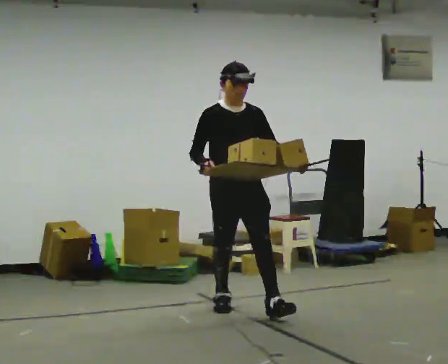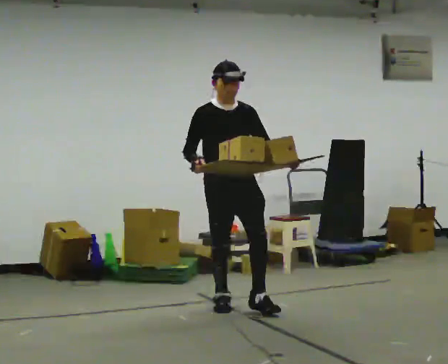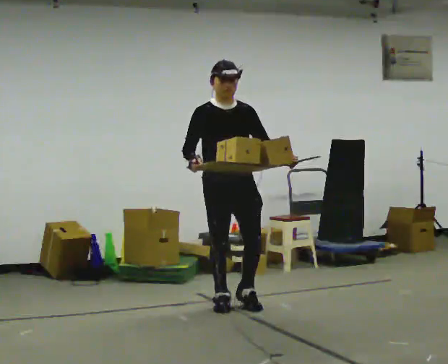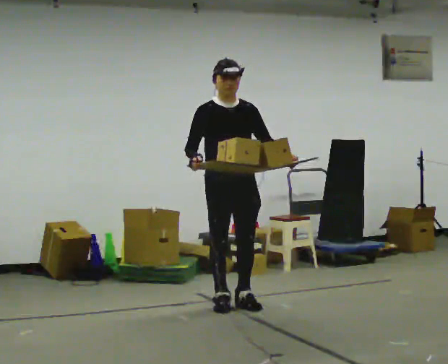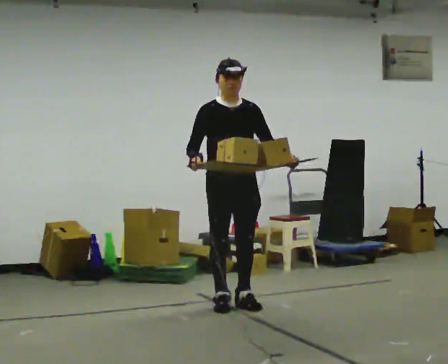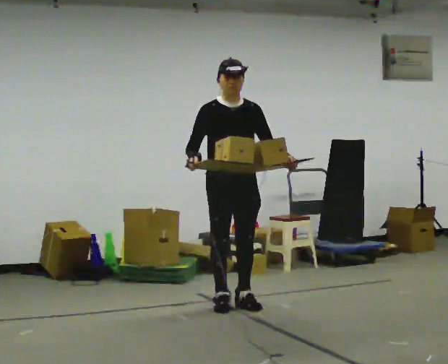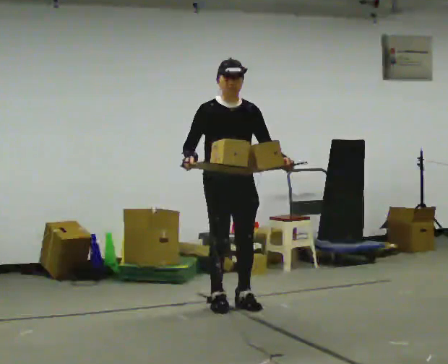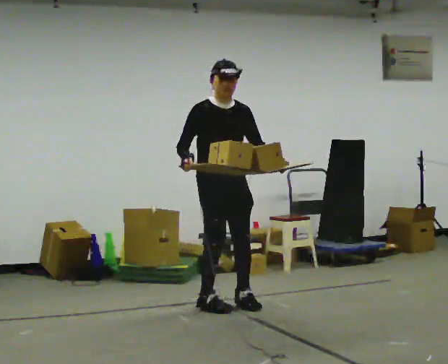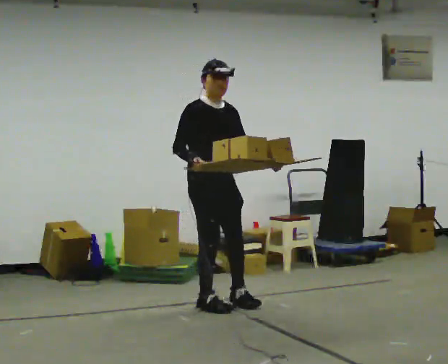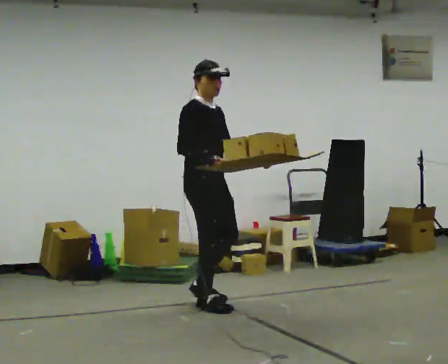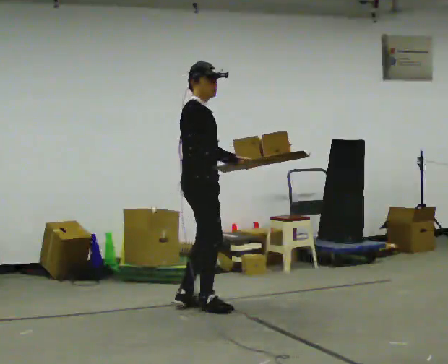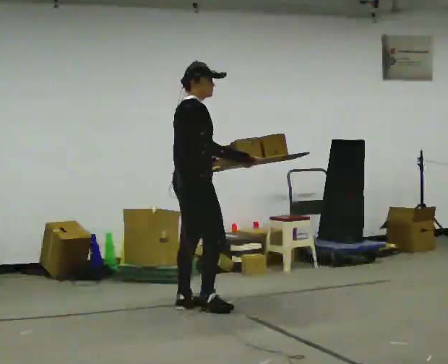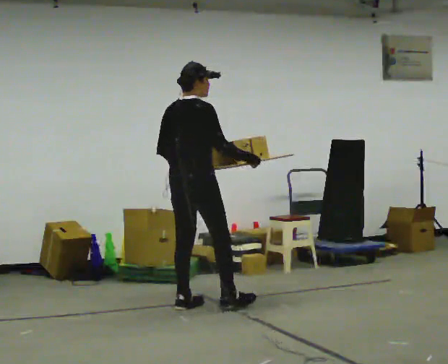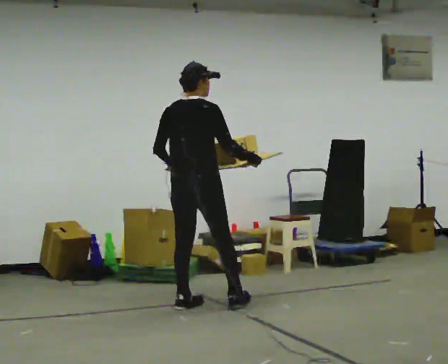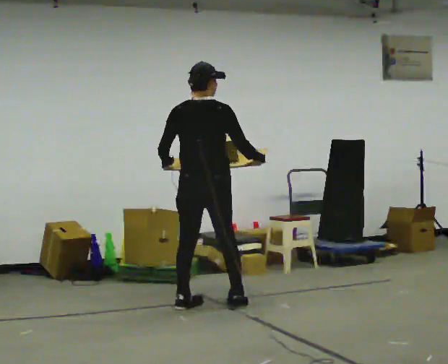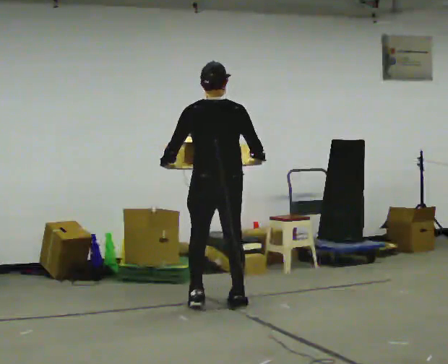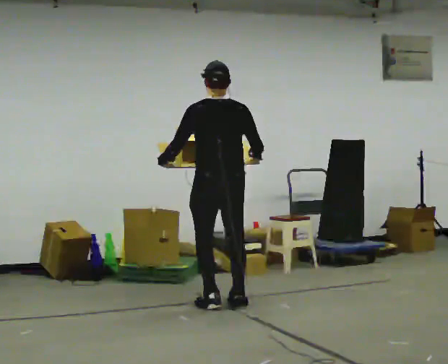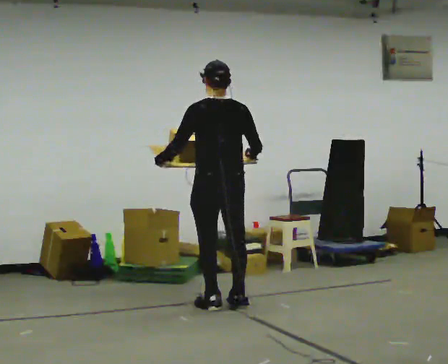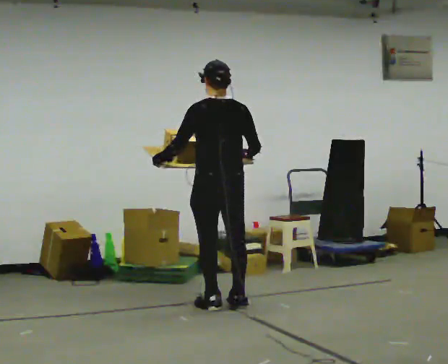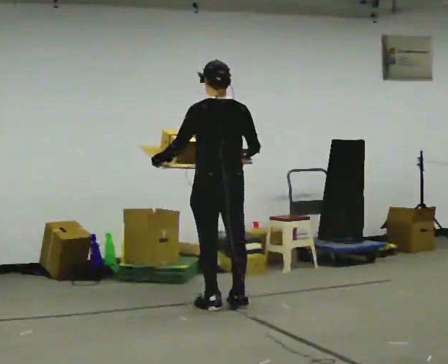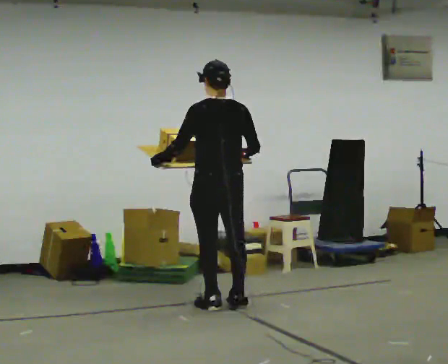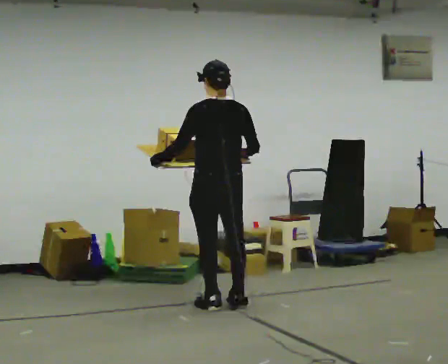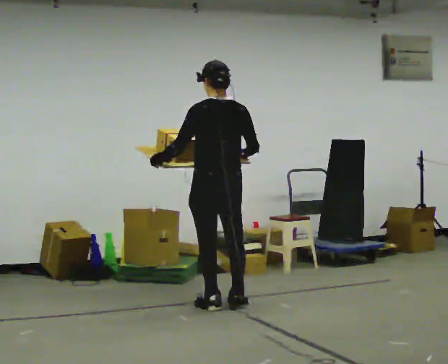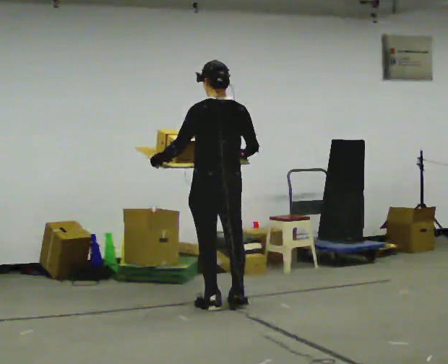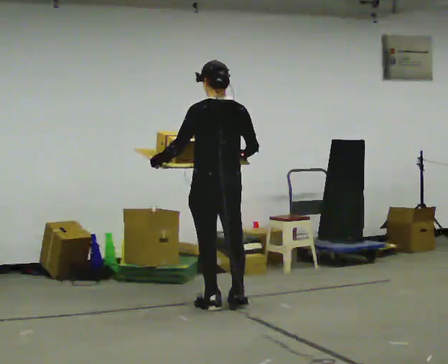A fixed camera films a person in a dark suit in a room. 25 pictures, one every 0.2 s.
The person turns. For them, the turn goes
to their left.
The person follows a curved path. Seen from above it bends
clockwise.
0.0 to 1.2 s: In the picture they go away from the camera, about 0.25 m in 1 step, which for them is backward.
1.2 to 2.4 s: Seen from above the body turns counterclockwise, about 90 degrees: to their left, with its near side sliding to the right. In the picture they go to the left, about 0.25 m in 1 step.
2.4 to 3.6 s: Seen from above the body turns counterclockwise, about 90 degrees: to their left, with its near side sliding to the right. In the picture they go to the right, about 0.25 m in 2 steps. In the picture their left hand goes to the left, the arm swinging clockwise.
3.6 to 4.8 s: The person moves a little, or ends about where they began.
The film runs backward here.
